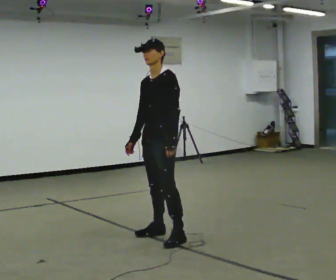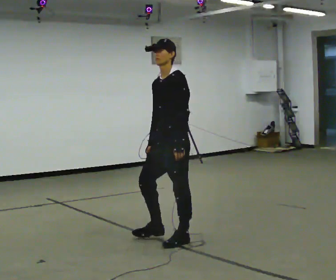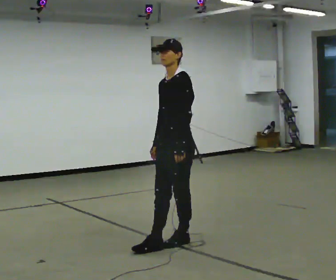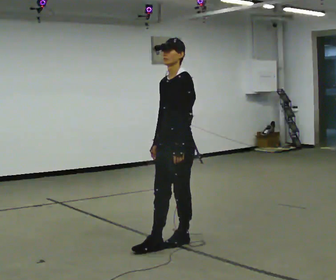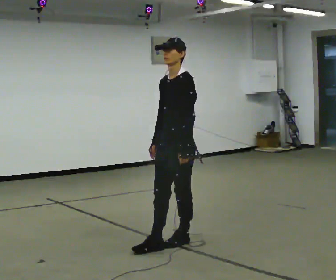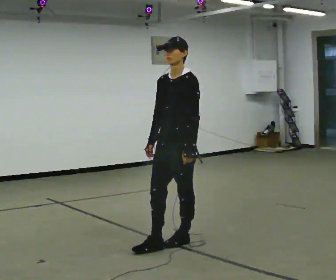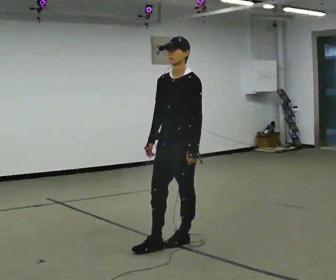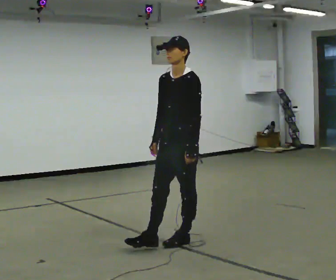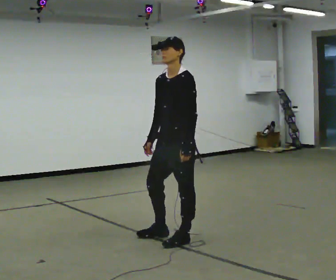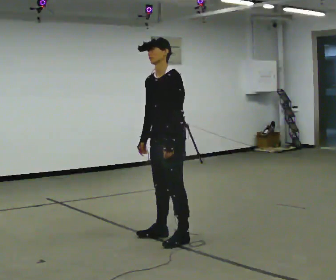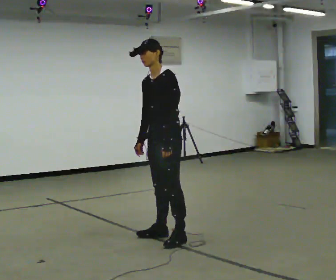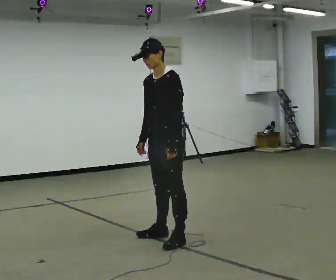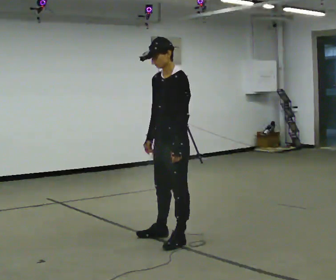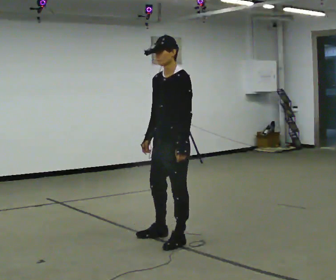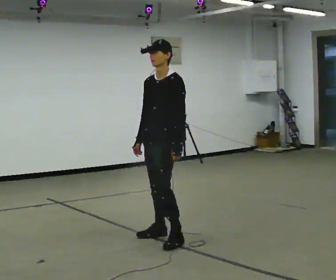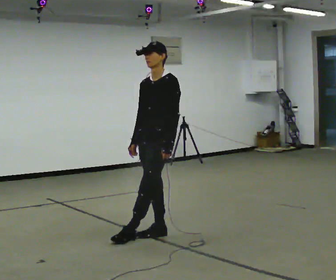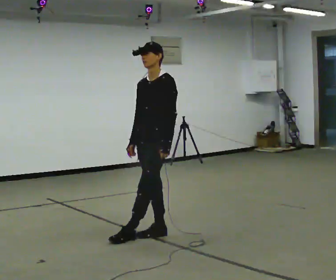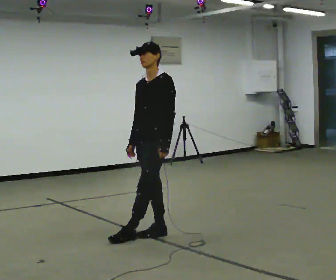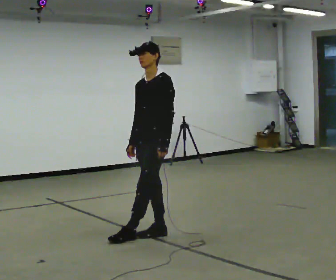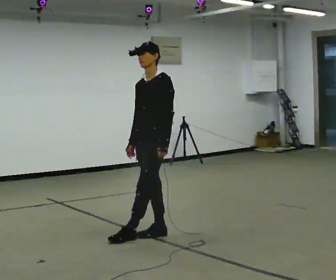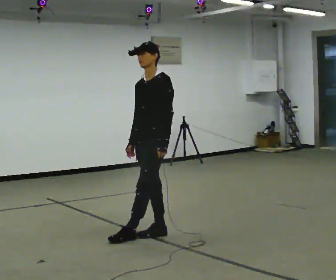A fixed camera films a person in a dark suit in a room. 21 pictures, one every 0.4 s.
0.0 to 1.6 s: In the picture they go toward the camera and to the right, about 0.25 m in 1 step, which for them is to their left.
1.6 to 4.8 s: The person moves a little, or ends about where they began.
4.8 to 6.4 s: In the picture they go away from the camera and to the left, about 0.25 m in 1 step, which for them is to their right.
6.4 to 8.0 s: The person moves a little, or ends about where they began.
The film runs backward here.
